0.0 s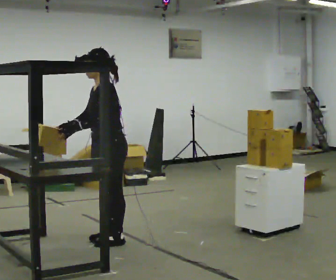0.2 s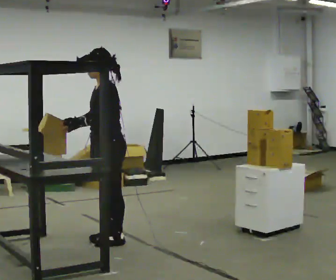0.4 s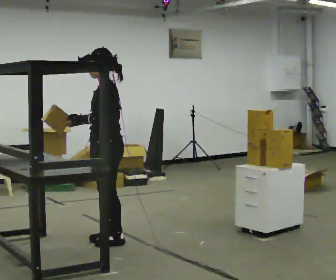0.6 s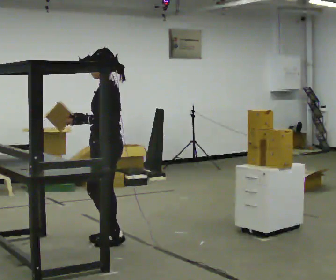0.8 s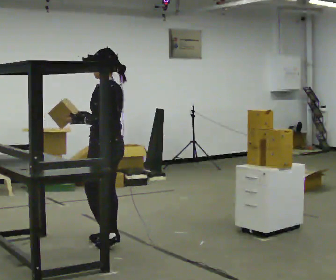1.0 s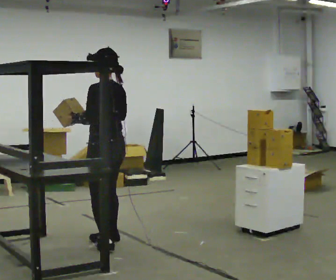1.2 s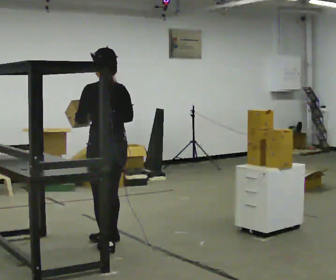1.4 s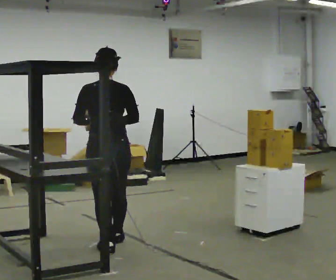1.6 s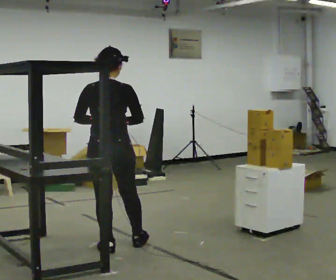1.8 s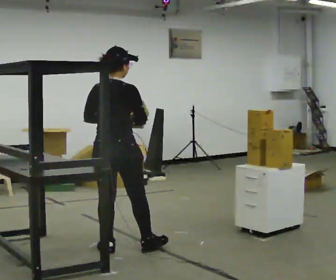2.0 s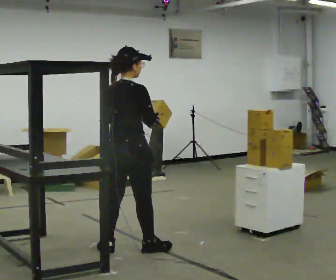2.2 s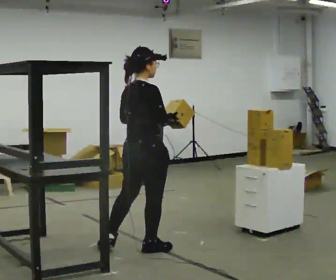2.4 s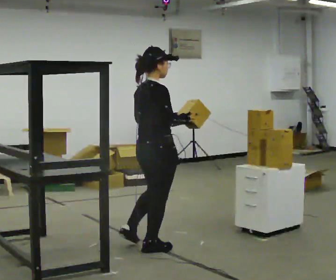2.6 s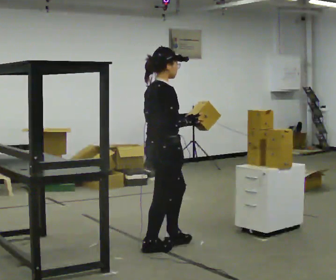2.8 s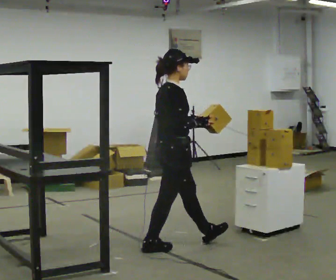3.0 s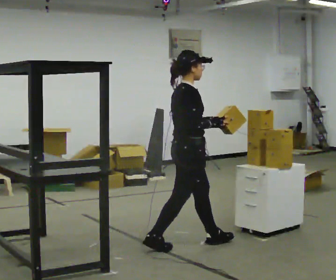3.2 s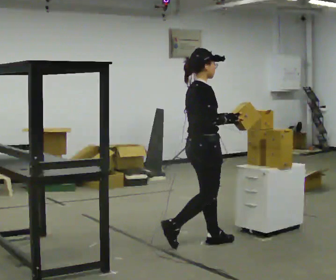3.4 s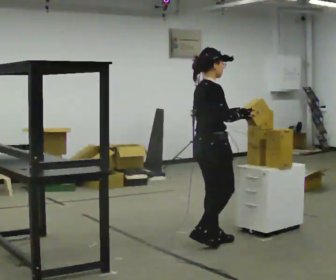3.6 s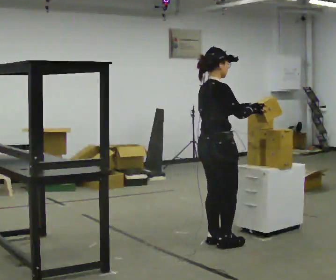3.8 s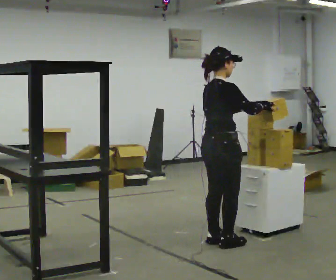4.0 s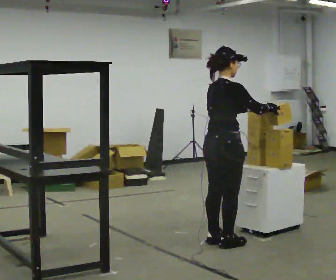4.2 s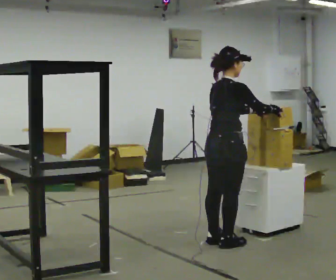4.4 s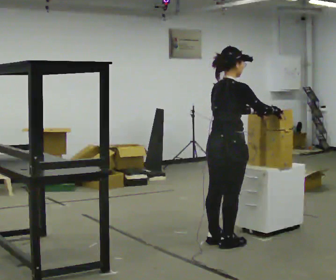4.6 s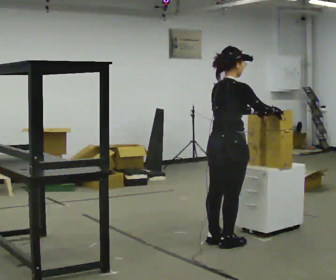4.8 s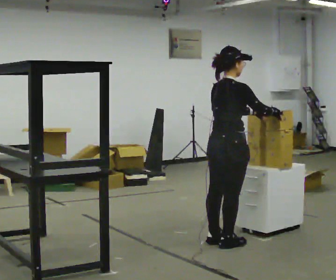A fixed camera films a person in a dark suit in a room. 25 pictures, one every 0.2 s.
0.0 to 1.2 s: Seen from above the body turns clockwise, about 75 degrees: to their right, with its near side sliding to the left. In the picture they go toward the camera, about 0.25 m in 1 step. In the picture their right hand goes to the right.
1.2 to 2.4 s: The part of the body nearest the lens slides to the left as the person turns to their right by about 105 degrees. In the picture they go to the right, about 0.25 m in 1 step.
2.4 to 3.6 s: In the picture they go to the right, about 0.5 m in 2 steps, which for them is forward.
3.6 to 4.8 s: The person moves a little, or ends about where they began.
The film runs forward here.
